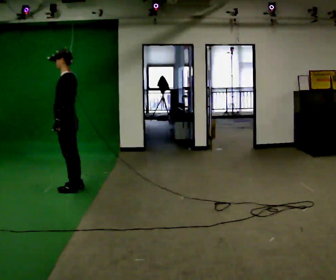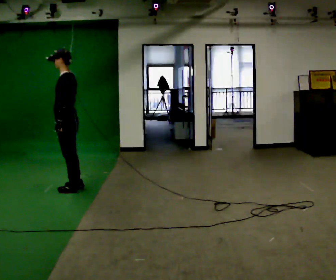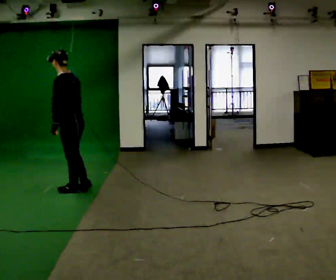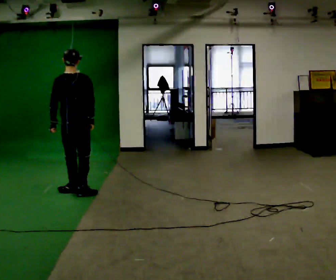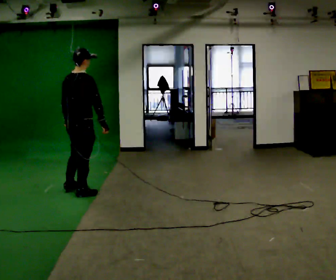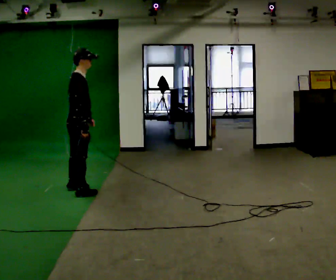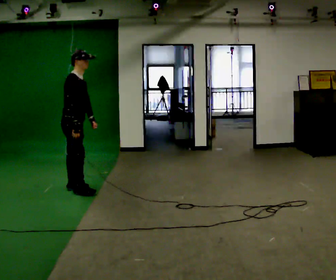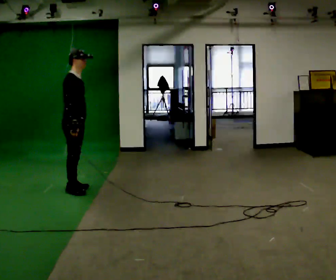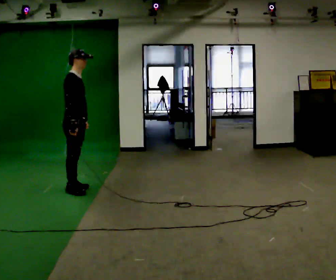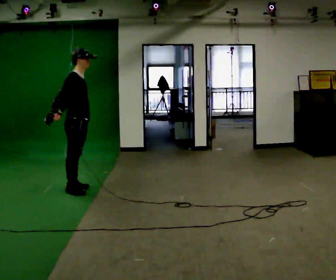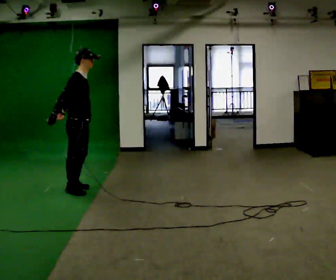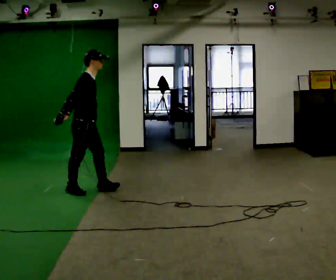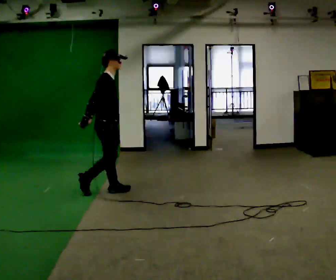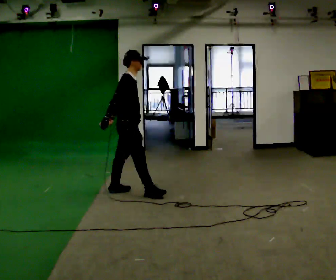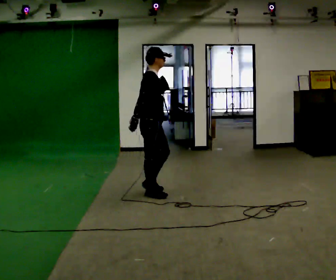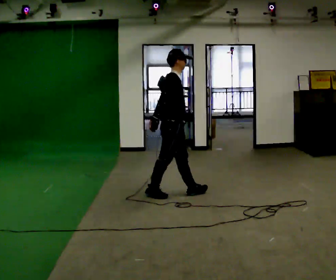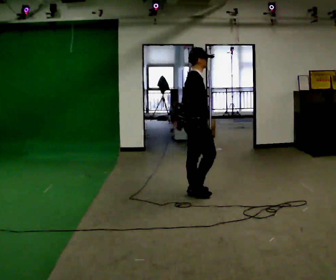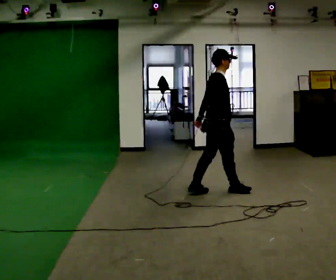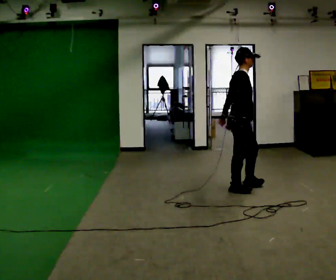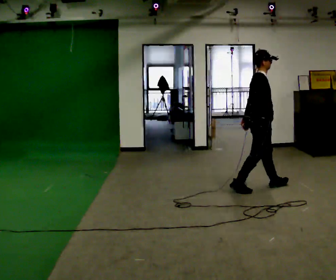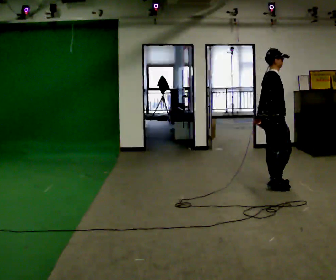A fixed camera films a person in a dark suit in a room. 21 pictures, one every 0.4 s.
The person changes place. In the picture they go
to the right.
0.0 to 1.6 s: Seen from above the body turns clockwise, about 120 degrees: to their right, with its near side sliding to the left. In the picture they go toward the camera, about 0.25 m in 1 step. In the picture their right hand goes to the right.
1.6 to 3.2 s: The part of the body nearest the lens slides to the left as the person turns to their right by about 60 degrees. In the picture their right hand goes to the left.
3.2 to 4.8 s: In the picture they go to the right, about 0.5 m in 1 step, which for them is forward.
4.8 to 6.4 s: In the picture they go to the right, about 1 m in 2 steps, which for them is forward.
6.4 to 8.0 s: In the picture they go to the right, about 1 m in 2 steps, which for them is forward.
The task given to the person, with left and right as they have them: Walk normally but hold both hands together in front of you at chest height; do not swing your arms; stop.
The film runs forward here.
